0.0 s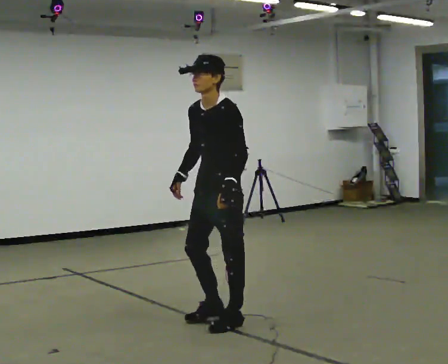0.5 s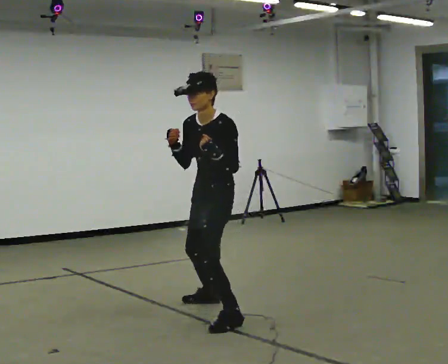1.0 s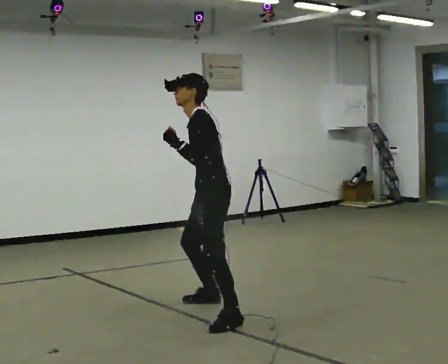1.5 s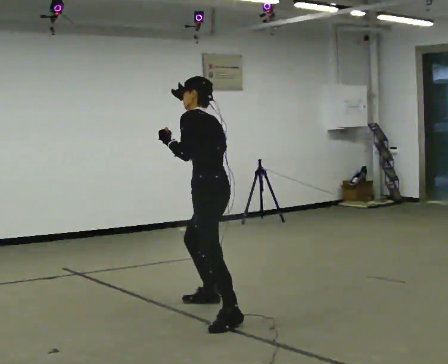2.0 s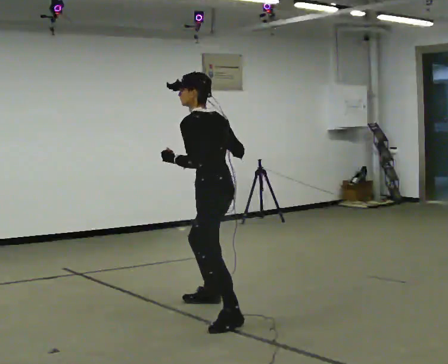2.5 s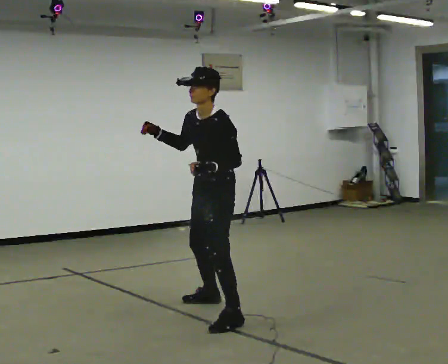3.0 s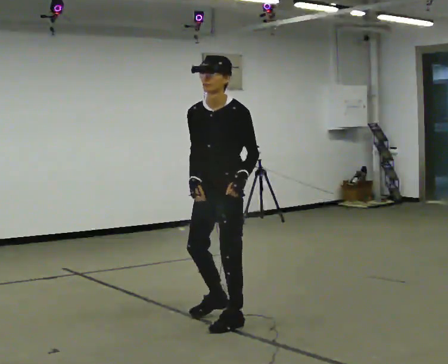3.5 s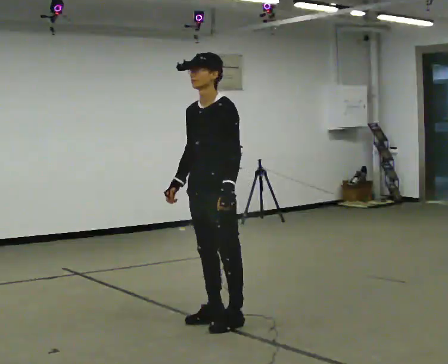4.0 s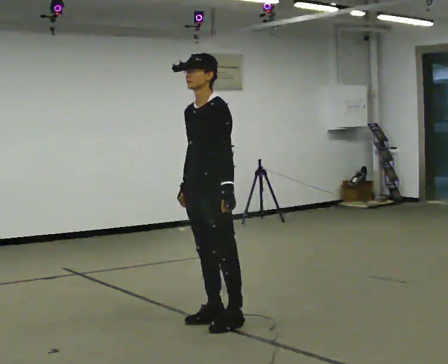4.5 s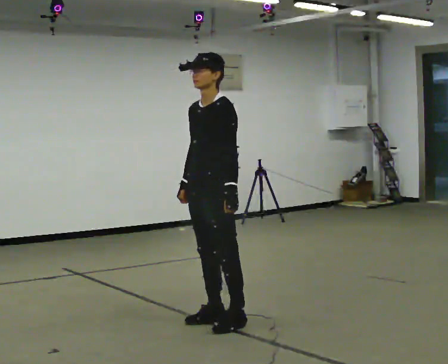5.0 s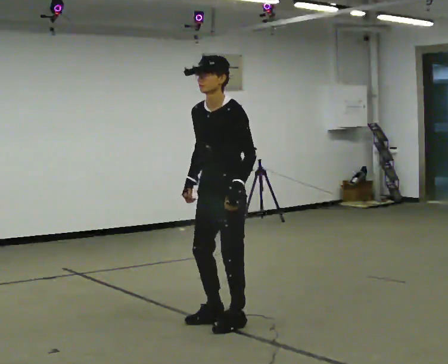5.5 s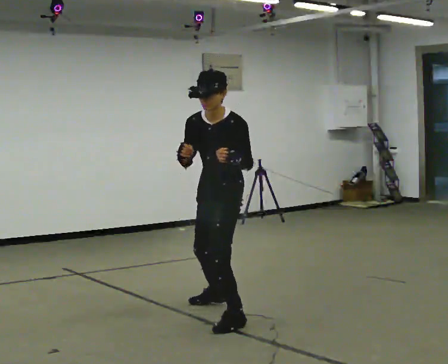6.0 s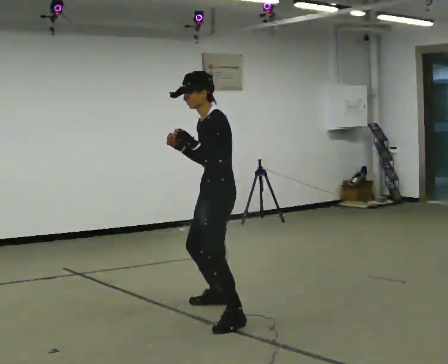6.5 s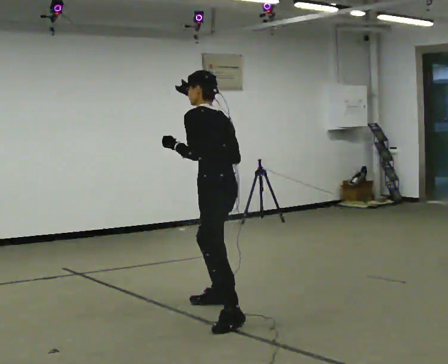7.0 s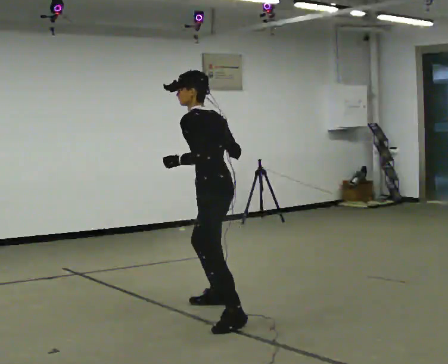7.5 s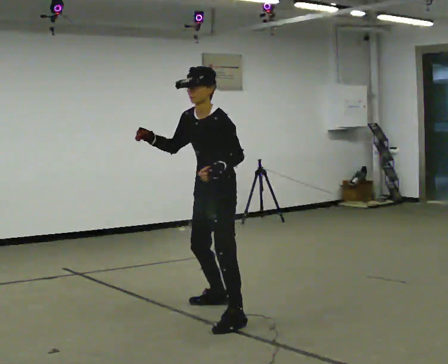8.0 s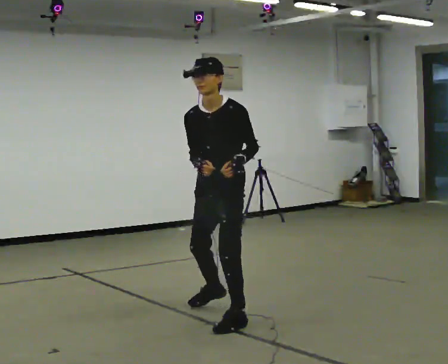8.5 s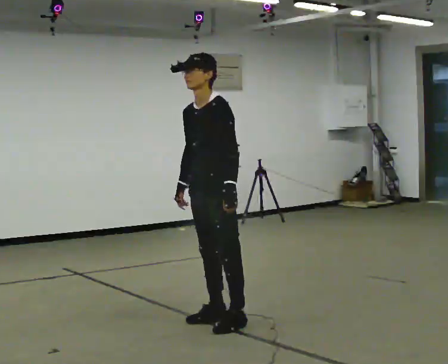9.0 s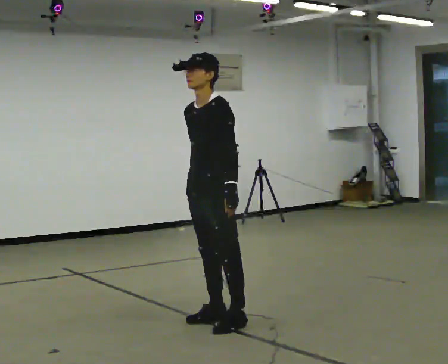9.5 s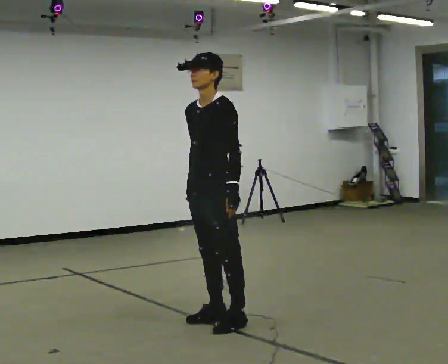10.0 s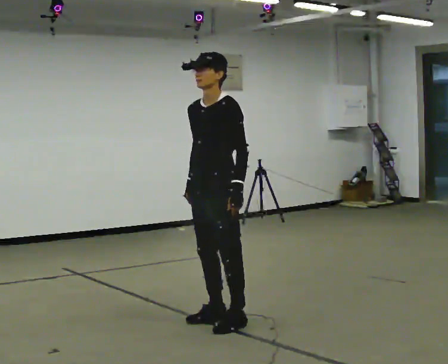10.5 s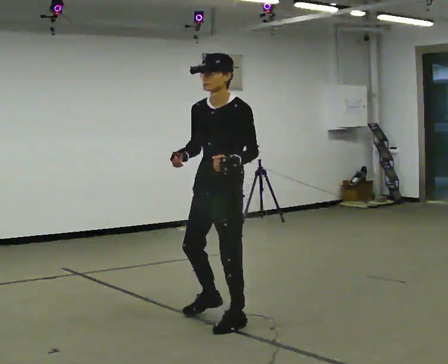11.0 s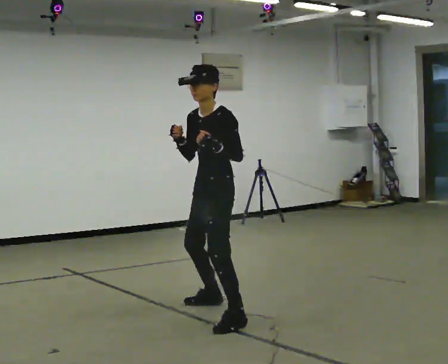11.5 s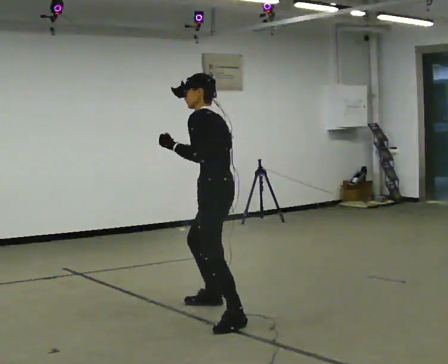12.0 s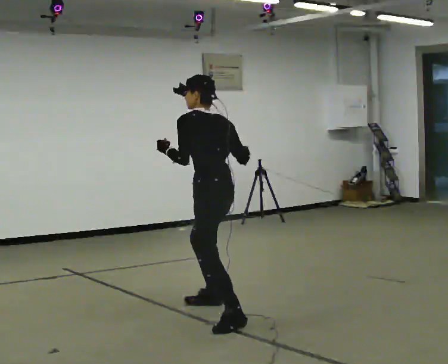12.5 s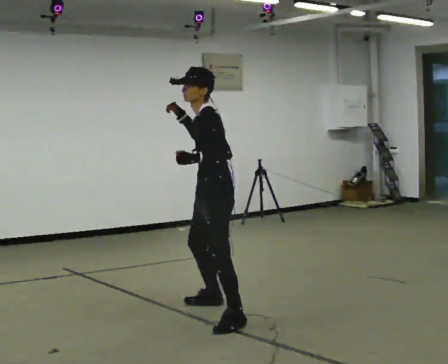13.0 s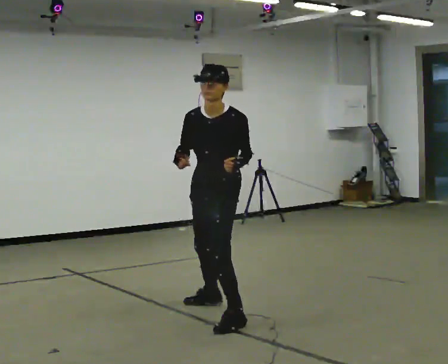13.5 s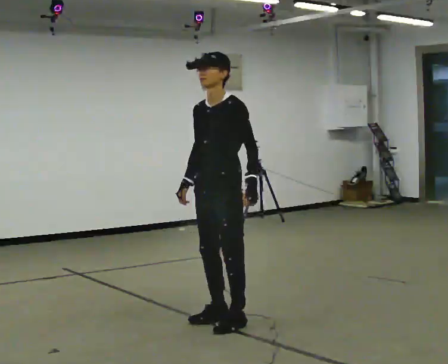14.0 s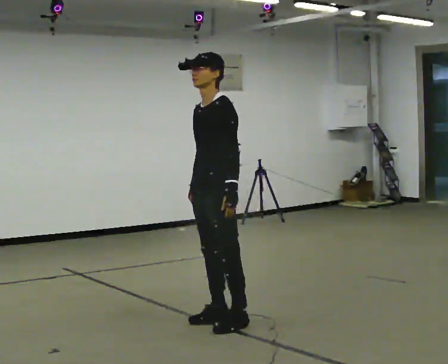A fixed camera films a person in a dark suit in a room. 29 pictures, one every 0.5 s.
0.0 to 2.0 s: Seen from above the body turns clockwise, about 60 degrees: to their right, with its near side sliding to the left. In the picture they go away from the camera, about 0.25 m in 1 step.
2.0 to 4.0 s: The person turns about 60 degrees to their left, counterclockwise seen from above, so the part of the body nearest the lens slides to the right. In the picture they go toward the camera, about 0.25 m in 1 step. In the picture their right hand goes downward.
4.0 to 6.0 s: The person turns about 30 degrees to their right, clockwise seen from above, so the part of the body nearest the lens slides to the left. In the picture they go away from the camera, about 0.25 m in 1 step, which for them is backward and to their right.
6.0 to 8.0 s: The part of the body nearest the lens slides to the right as the person turns to their left by about 45 degrees. In the picture they go toward the camera, about 0.25 m.
8.0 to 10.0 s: The person moves a little, or ends about where they began.
10.0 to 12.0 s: The part of the body nearest the lens slides to the left as the person turns to their right by about 75 degrees. In the picture they go away from the camera, about 0.25 m in 1 step.
12.0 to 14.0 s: The person turns about 60 degrees to their left, counterclockwise seen from above, so the part of the body nearest the lens slides to the right. In the picture they go toward the camera, about 0.25 m in 1 step.
The film runs forward here.
